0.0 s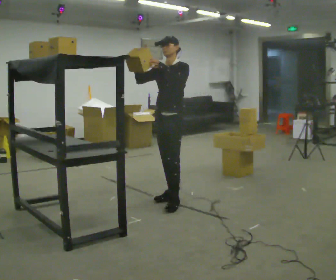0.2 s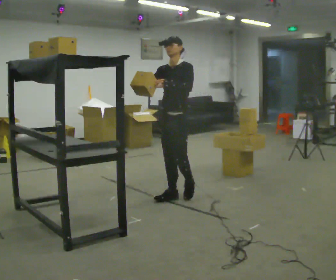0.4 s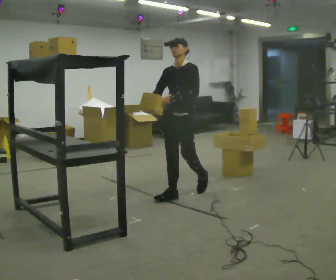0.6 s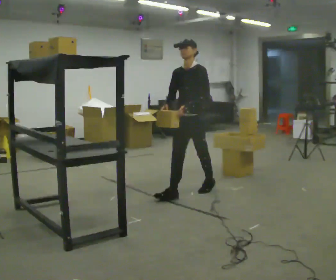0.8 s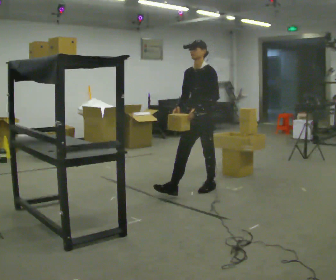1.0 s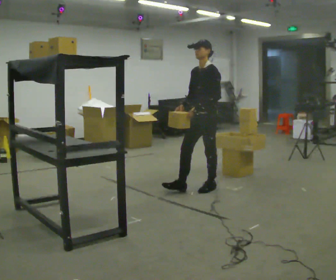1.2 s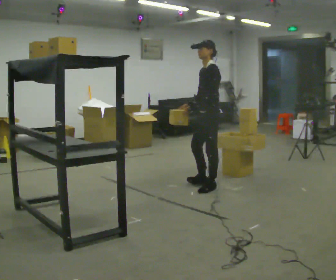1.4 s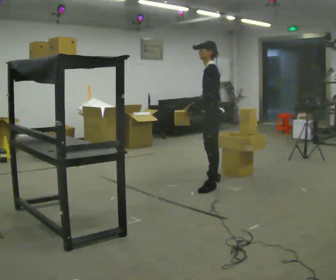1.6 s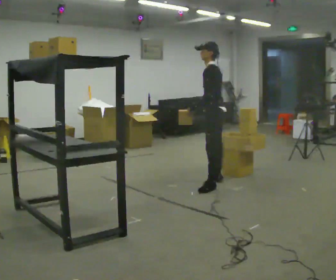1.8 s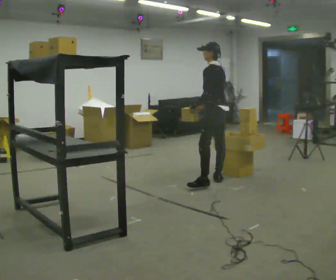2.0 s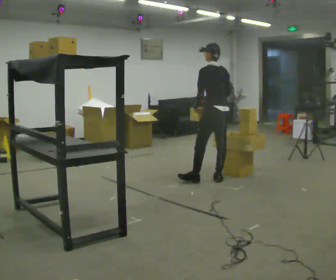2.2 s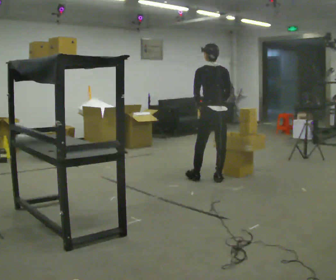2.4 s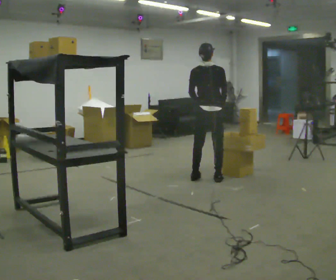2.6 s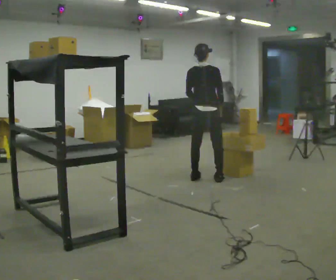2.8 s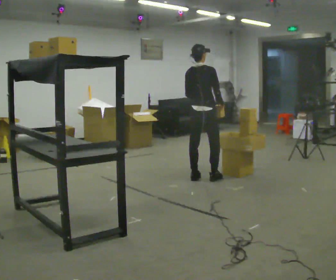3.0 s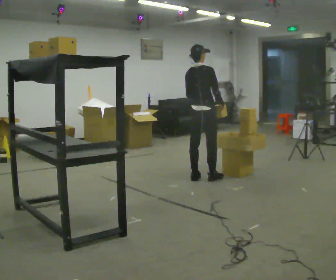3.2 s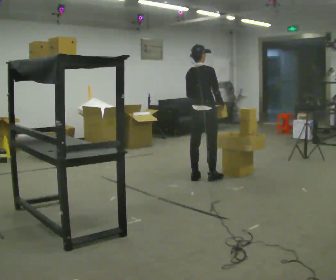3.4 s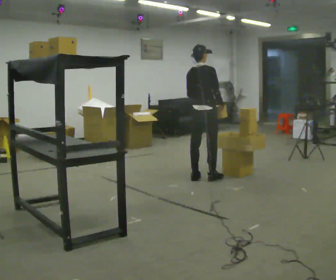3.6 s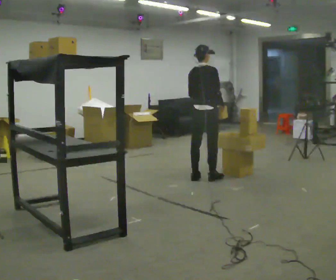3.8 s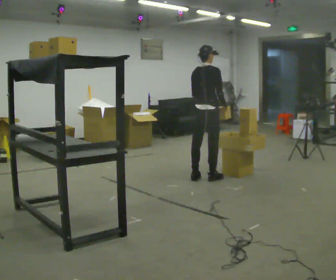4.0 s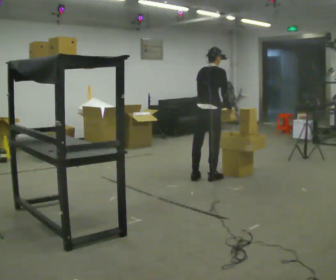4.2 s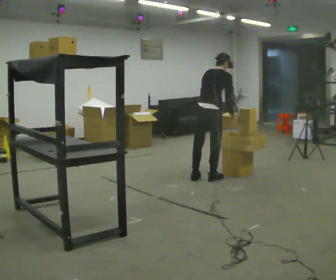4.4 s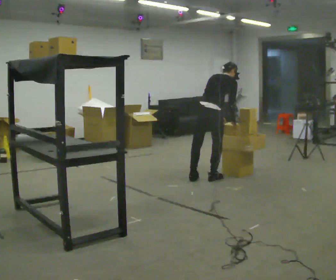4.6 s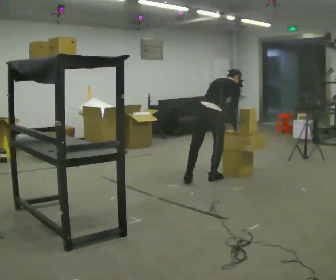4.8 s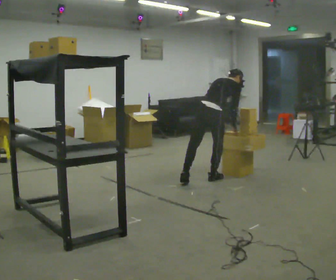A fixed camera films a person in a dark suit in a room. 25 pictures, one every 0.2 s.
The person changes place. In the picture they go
away from the camera.
The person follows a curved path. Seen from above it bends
counterclockwise.
0.0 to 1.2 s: Seen from above the body turns clockwise, about 30 degrees: to their right, with its near side sliding to the left. In the picture they go away from the camera and to the right, about 0.5 m in 1 step, which for them is backward. In the picture their right hand goes downward.
1.2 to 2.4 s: The part of the body nearest the lens slides to the left as the person turns to their right by about 105 degrees. In the picture they go away from the camera, about 0.5 m in 1 step.
2.4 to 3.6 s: Seen from above the body turns clockwise, about 30 degrees: to their right, with its near side sliding to the left.
3.6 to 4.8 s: The upper body goes downward. The upper body tips away from the camera, its near side rolling upward, as they bend forward.
The film runs backward here.
